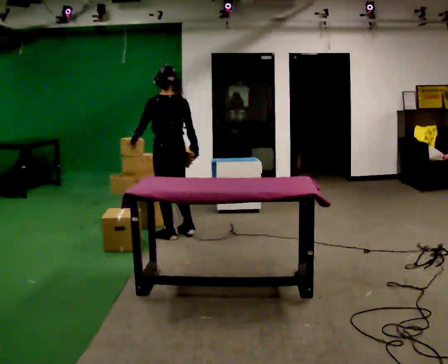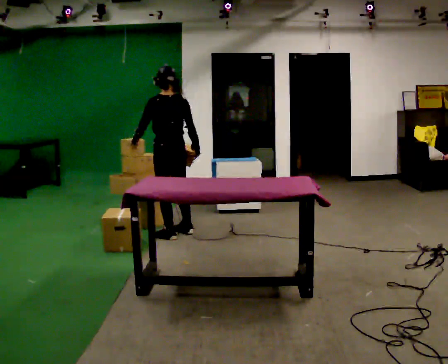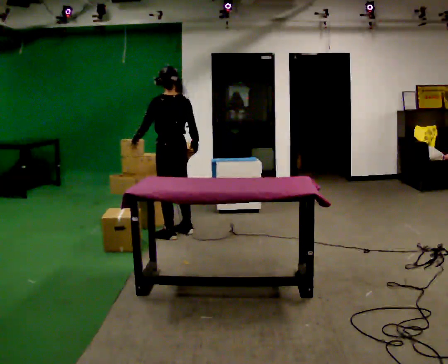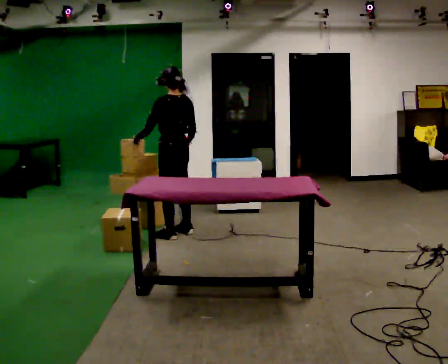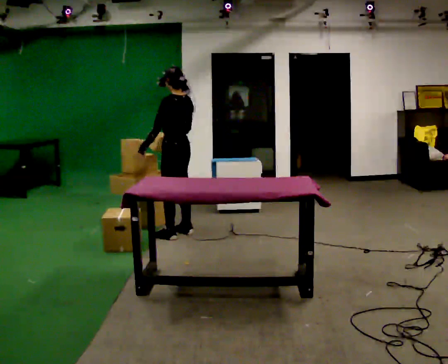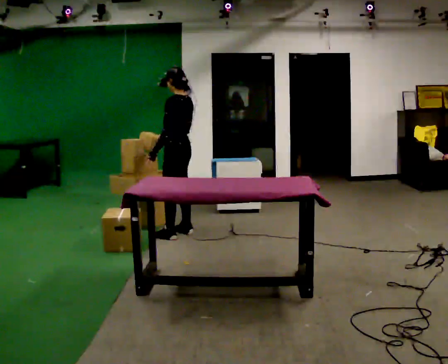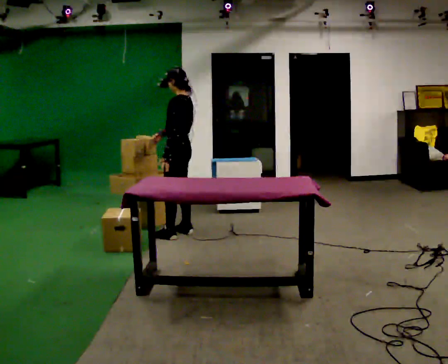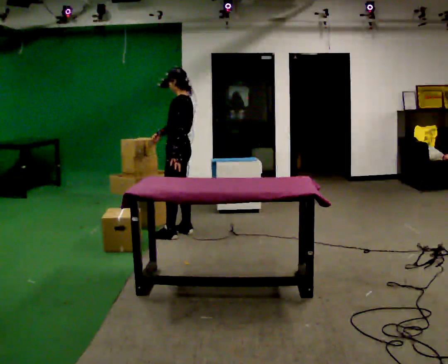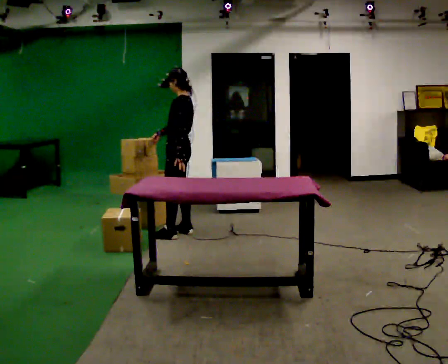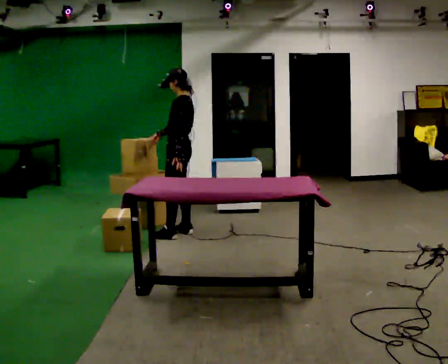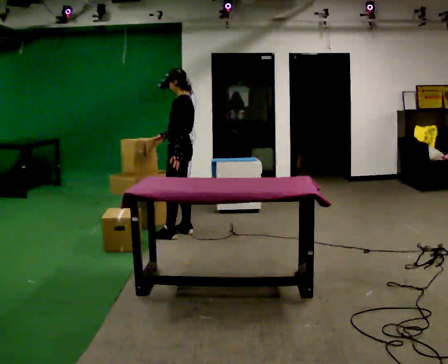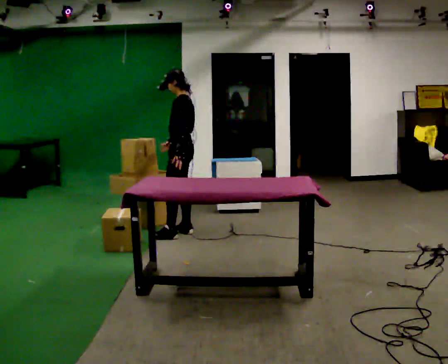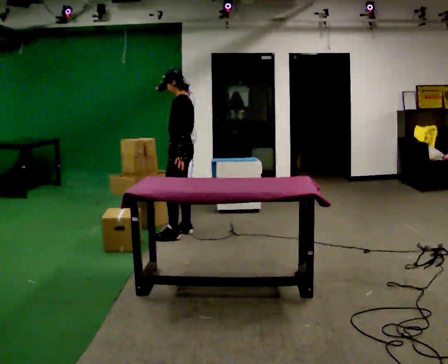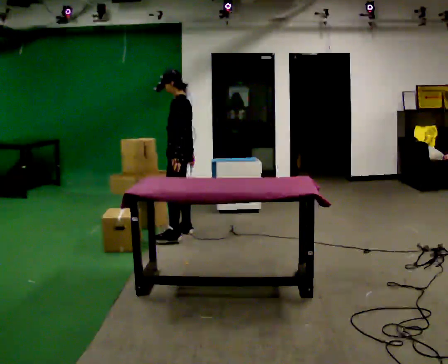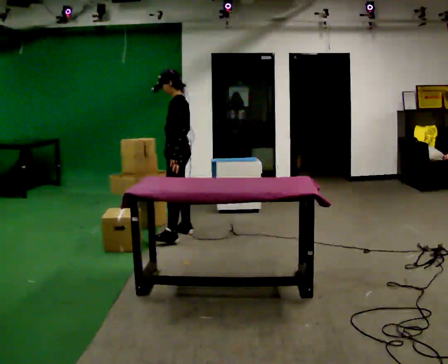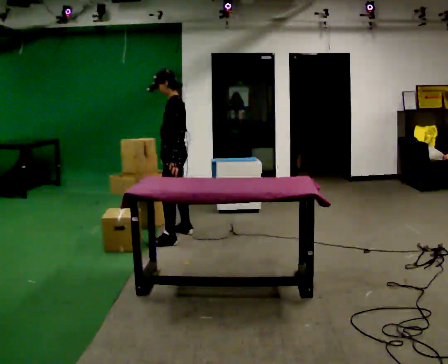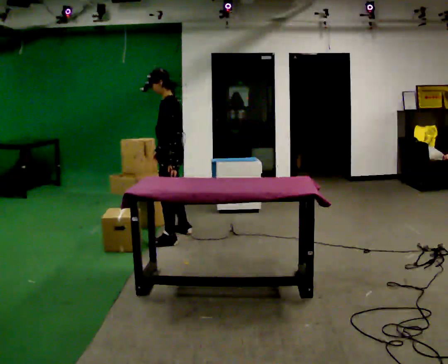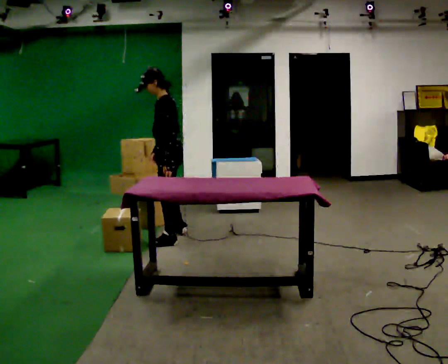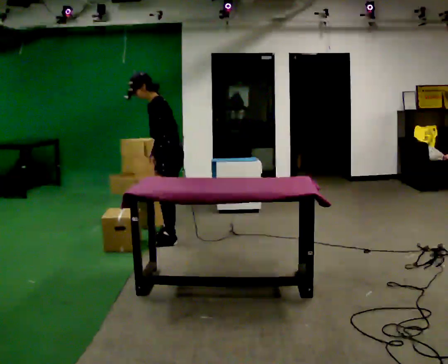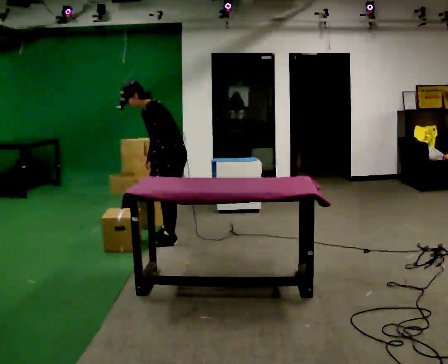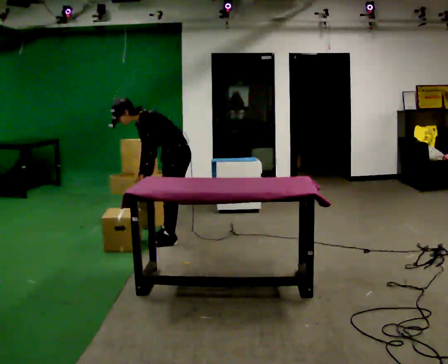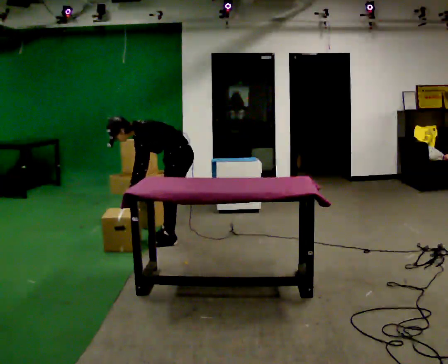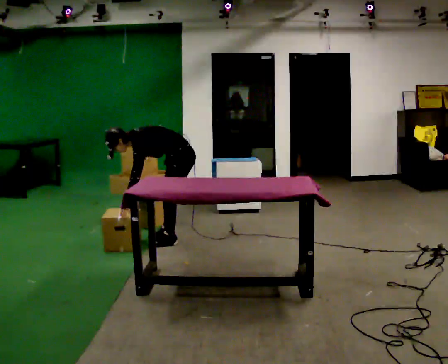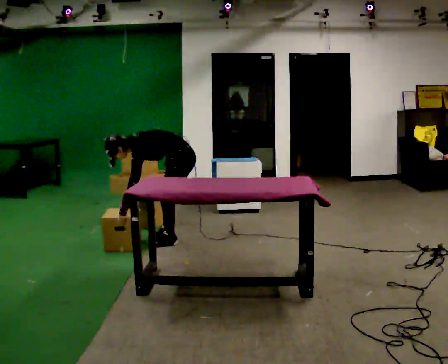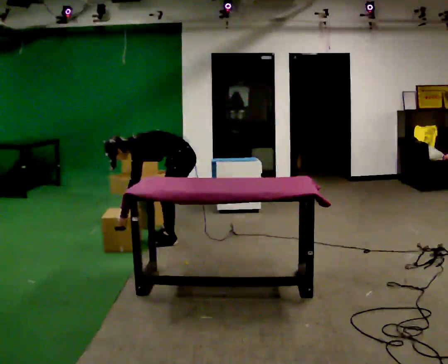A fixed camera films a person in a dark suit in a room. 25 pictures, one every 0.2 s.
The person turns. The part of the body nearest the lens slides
to the right.
The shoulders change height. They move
downward.
0.0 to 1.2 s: The part of the body nearest the lens slides to the right as the person turns to their left by about 45 degrees. In the picture they go away from the camera, about 0.25 m, which for them is to their right. In the picture their left hand goes to the right.
1.2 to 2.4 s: The person moves a little, or ends about where they began.
2.4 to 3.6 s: In the picture they go toward the camera, about 0.25 m, which for them is to their left. In the picture the upper body tilts counterclockwise, shoulders to the left, as they bend forward.
3.6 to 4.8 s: The shoulders move downward. In the picture the upper body tilts counterclockwise, shoulders to the left, as they bend forward. In the picture their right hand goes downward.
The film runs forward here.
